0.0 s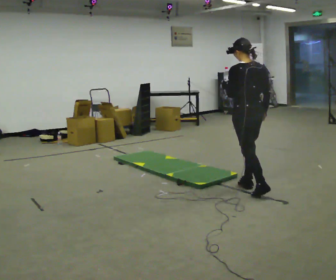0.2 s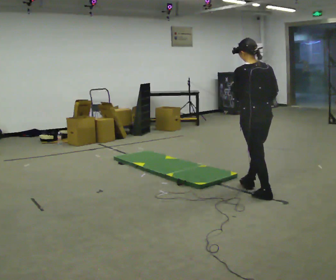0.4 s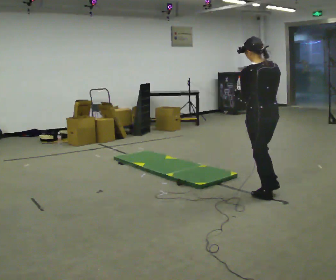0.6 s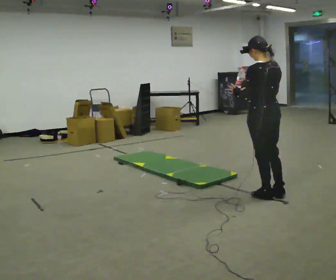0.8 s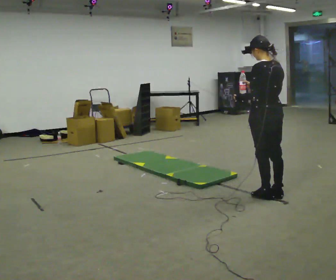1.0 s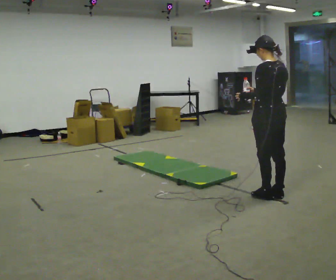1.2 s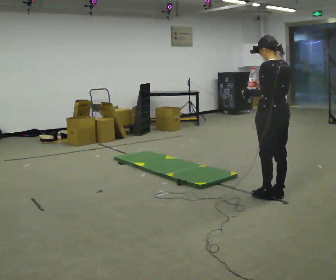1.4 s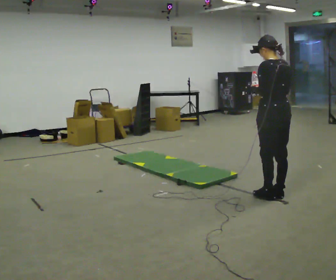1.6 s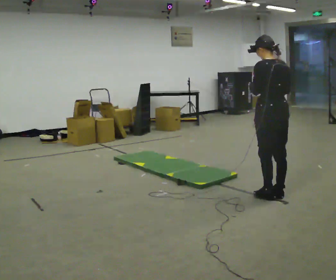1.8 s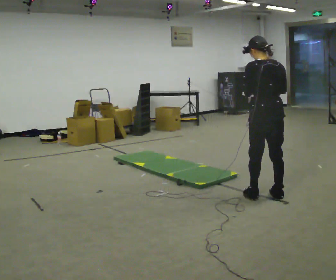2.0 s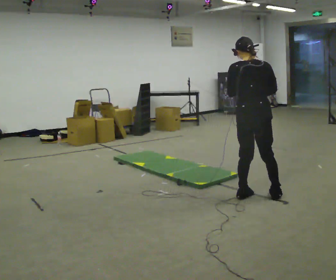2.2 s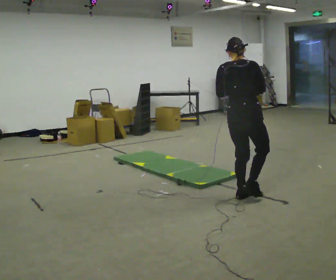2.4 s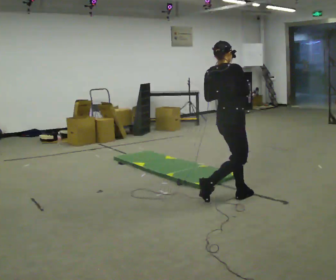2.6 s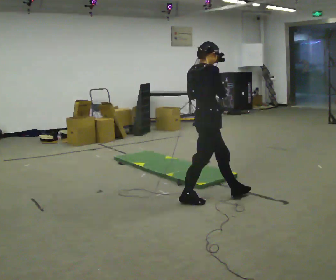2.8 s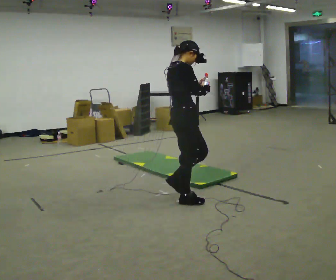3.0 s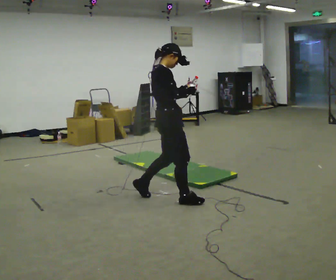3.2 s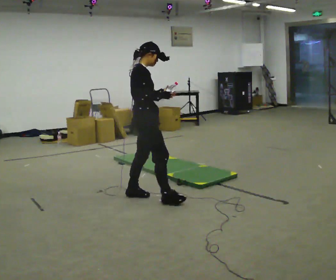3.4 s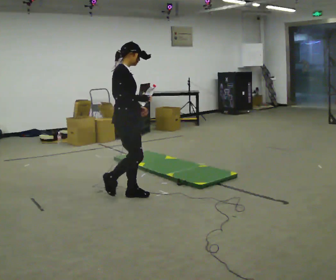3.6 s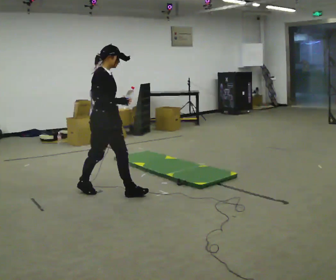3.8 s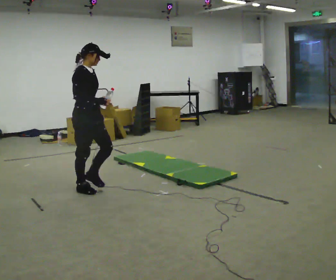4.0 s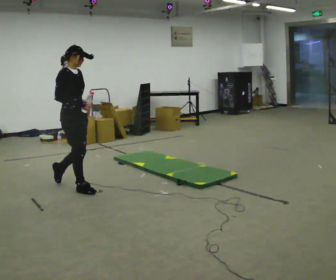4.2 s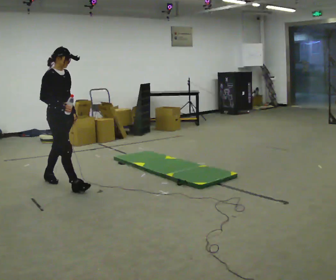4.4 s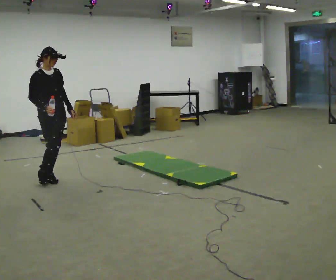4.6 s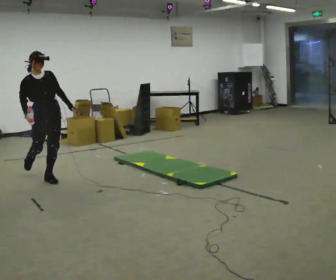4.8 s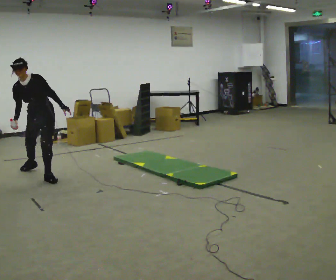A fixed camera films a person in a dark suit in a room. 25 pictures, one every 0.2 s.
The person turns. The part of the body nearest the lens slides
to the left.
The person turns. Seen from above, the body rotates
clockwise.
0.0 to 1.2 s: In the picture they go to the right and toward the camera, about 0.25 m in 1 step, which for them is backward.
1.2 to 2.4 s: The person turns about 105 degrees to their right, clockwise seen from above, so the part of the body nearest the lens slides to the left. In the picture they go to the left, about 0.5 m in 2 steps.
2.4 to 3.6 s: The part of the body nearest the lens slides to the left as the person turns to their right by about 30 degrees. In the picture they go to the left, about 1 m in 3 steps, which for them is backward.
3.6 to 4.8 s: Seen from above the body turns clockwise, about 90 degrees: to their right, with its near side sliding to the left. In the picture they go to the left and away from the camera, about 1 m in 2 steps. The upper body tips toward the camera, its near side rolling downward, as they bend forward.
The film runs backward here.
